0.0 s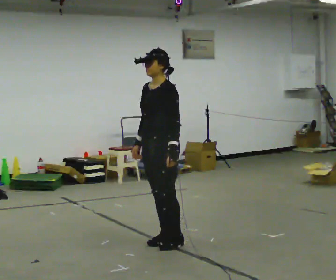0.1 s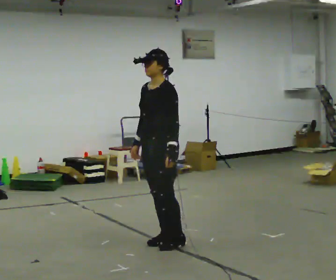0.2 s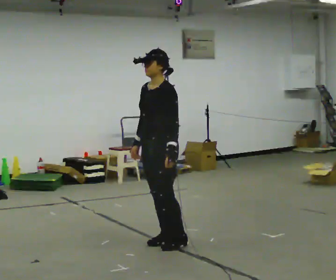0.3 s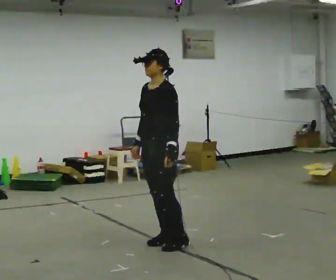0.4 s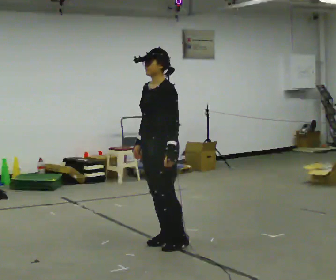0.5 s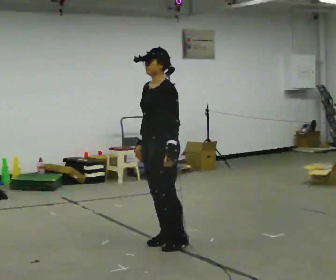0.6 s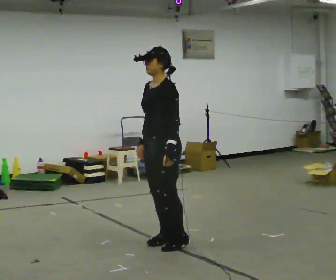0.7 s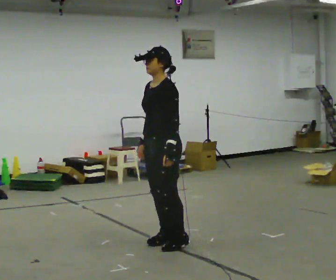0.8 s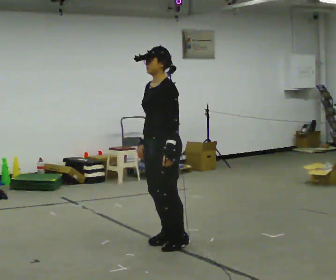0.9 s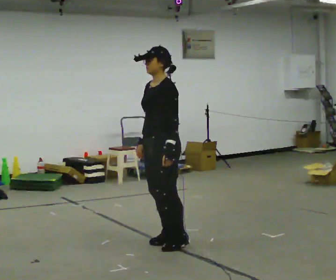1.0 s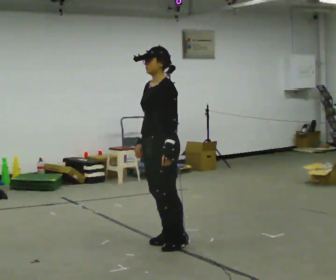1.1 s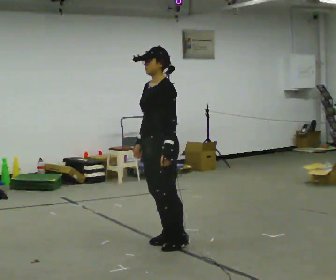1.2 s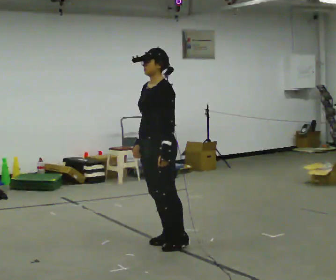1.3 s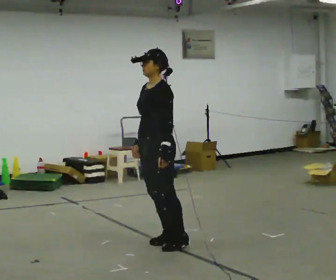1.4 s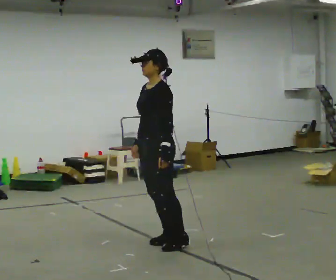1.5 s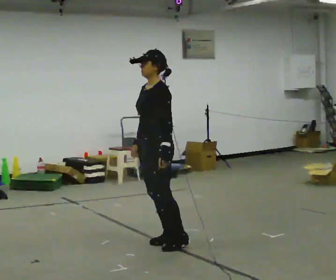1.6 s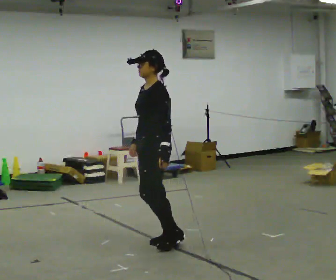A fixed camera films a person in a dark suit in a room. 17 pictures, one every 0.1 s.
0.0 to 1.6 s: The person moves a little, or ends about where they began.
The film runs backward here.
